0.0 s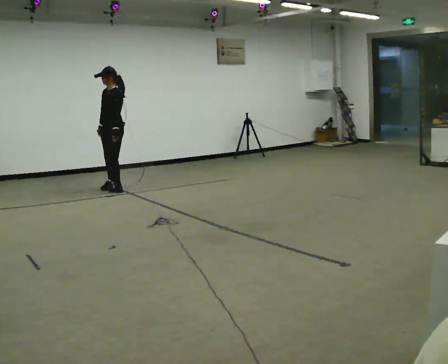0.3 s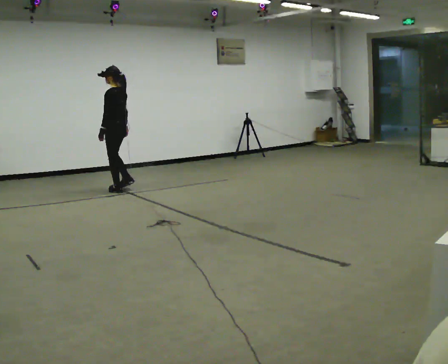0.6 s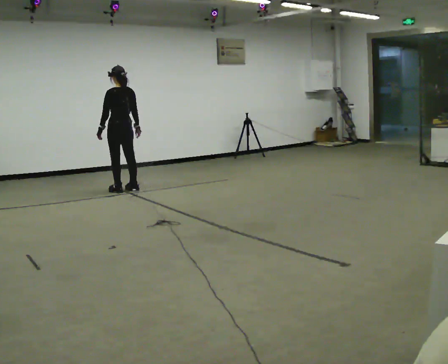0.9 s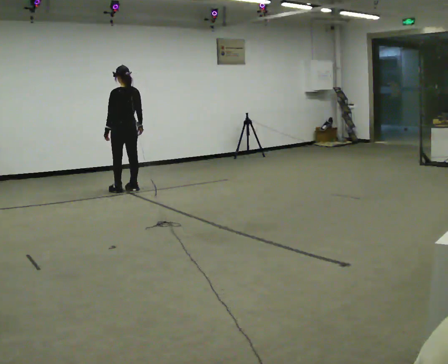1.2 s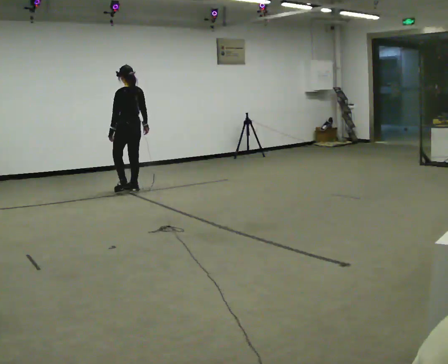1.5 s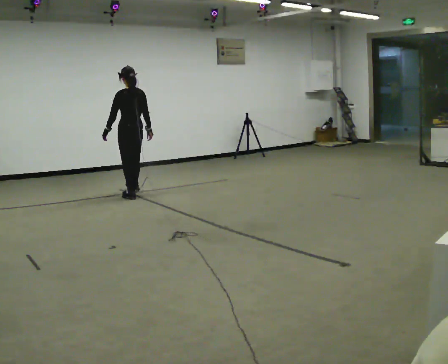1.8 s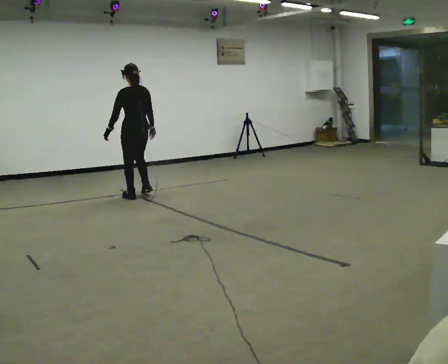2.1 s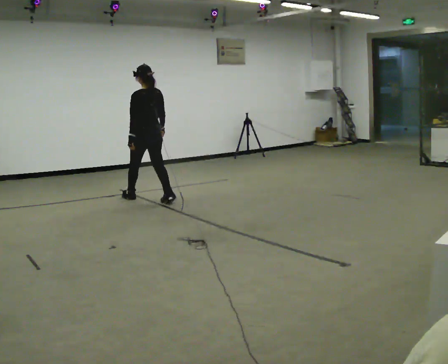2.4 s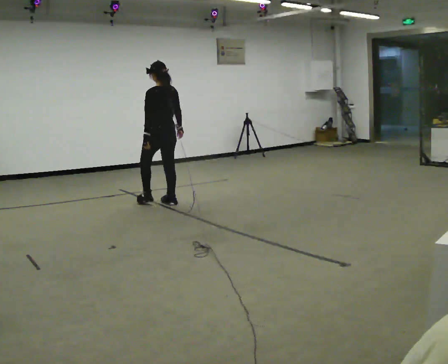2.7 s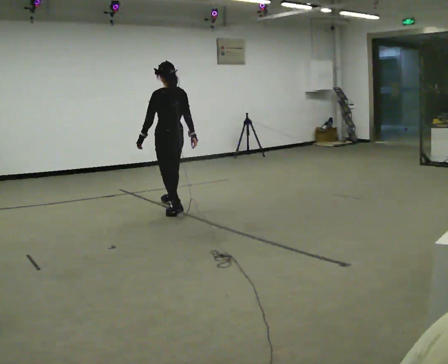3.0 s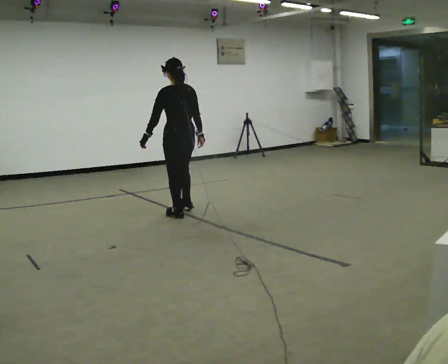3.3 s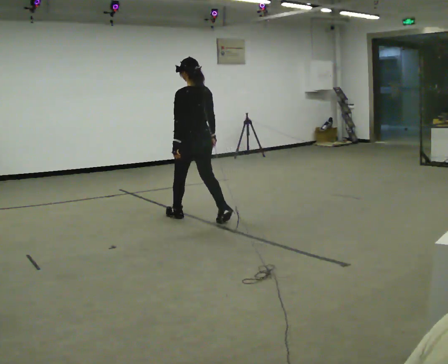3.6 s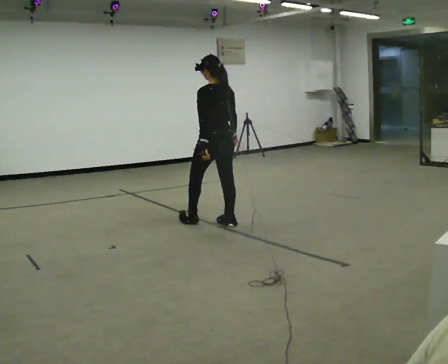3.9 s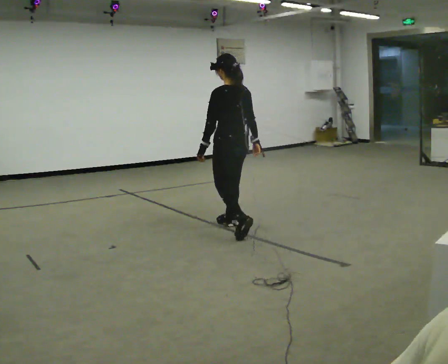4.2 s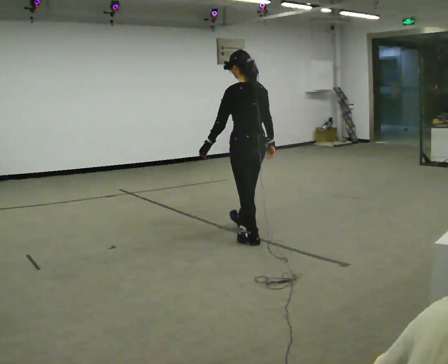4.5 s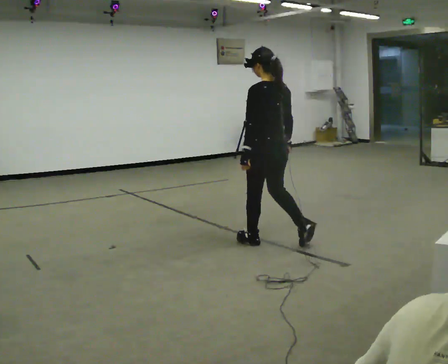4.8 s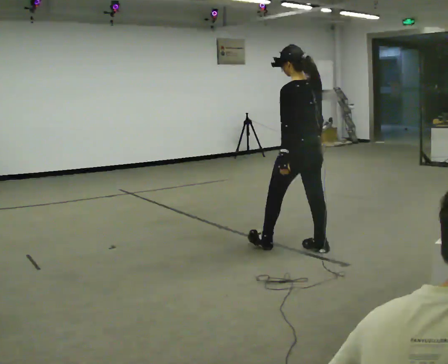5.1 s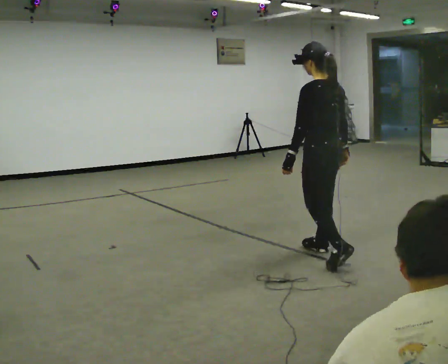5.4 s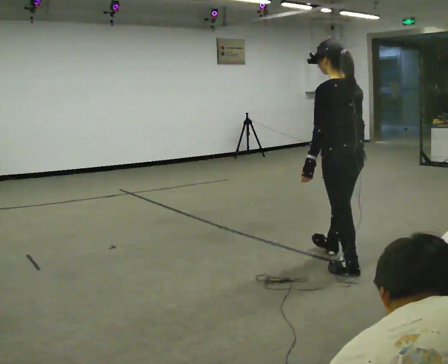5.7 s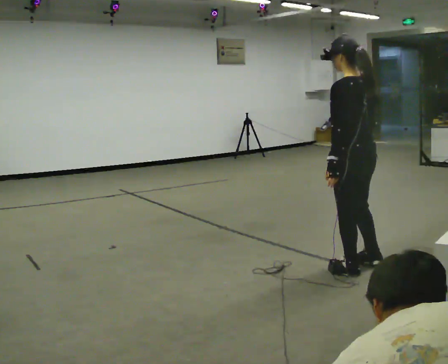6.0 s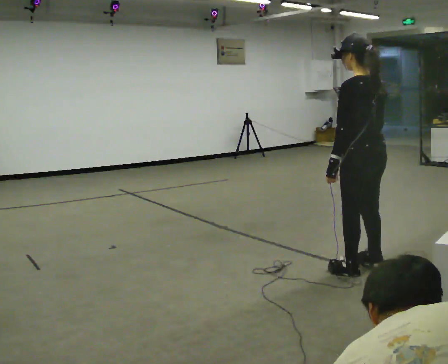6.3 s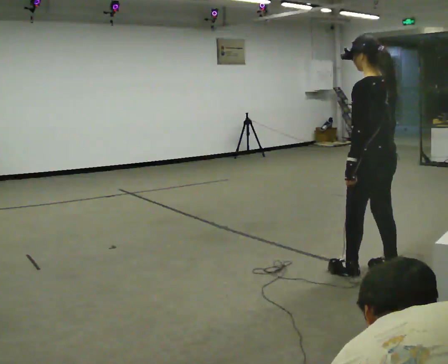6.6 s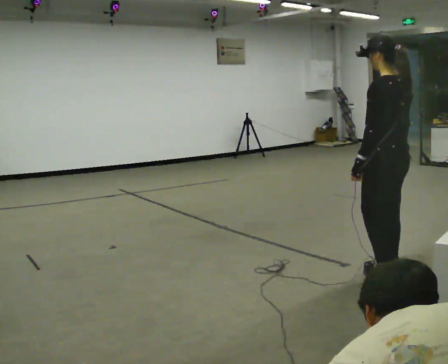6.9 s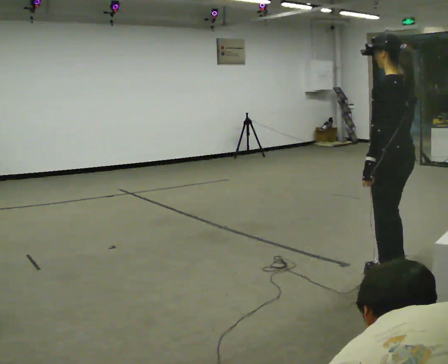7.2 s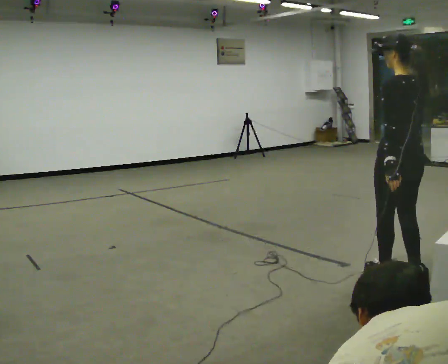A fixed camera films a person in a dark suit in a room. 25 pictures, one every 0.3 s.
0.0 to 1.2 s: The person turns about 90 degrees to their right, clockwise seen from above, so the part of the body nearest the lens slides to the left. In the picture they go to the right and toward the camera, about 0.25 m in 2 steps.
1.2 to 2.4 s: In the picture they go toward the camera and to the right, about 1 m in 2 steps, which for them is backward.
2.4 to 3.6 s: In the picture they go toward the camera and to the right, about 1 m in 2 steps, which for them is backward.
3.6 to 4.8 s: In the picture they go toward the camera and to the right, about 1 m in 2 steps, which for them is backward.
4.8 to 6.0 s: In the picture they go toward the camera and to the right, about 0.75 m in 1 step, which for them is backward.
6.0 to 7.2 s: In the picture they go toward the camera and to the right, about 0.25 m in 3 steps, which for them is backward.
The film runs backward here.
